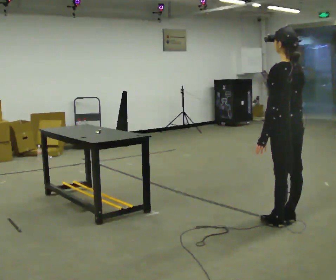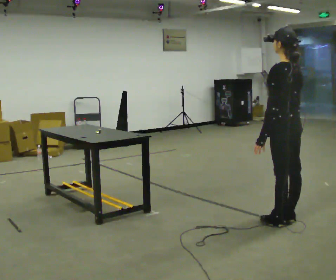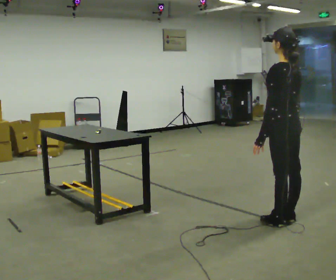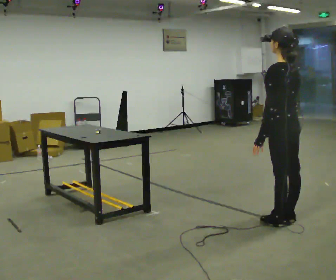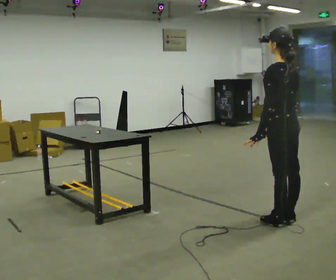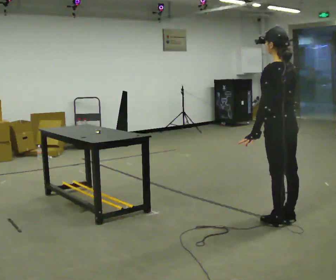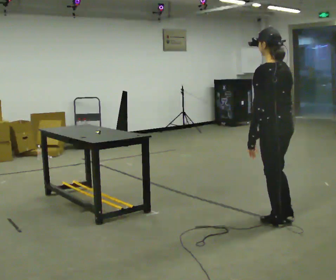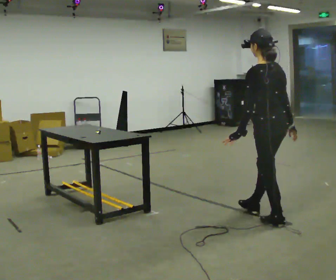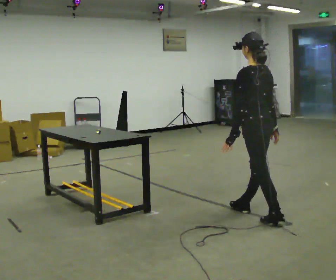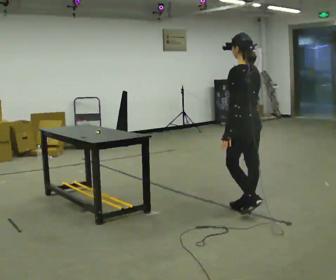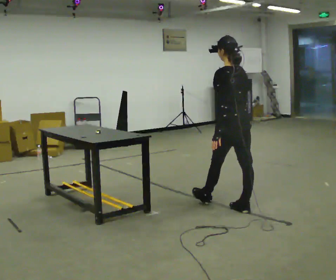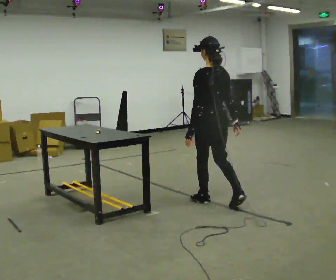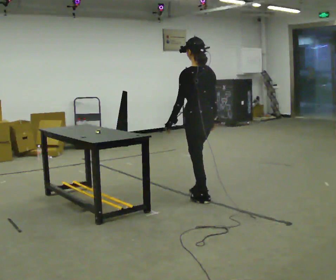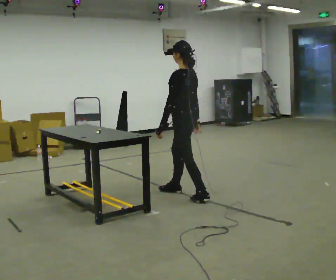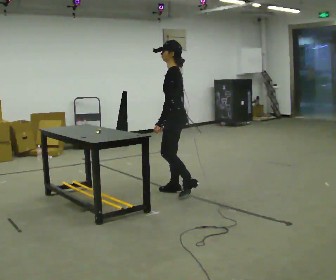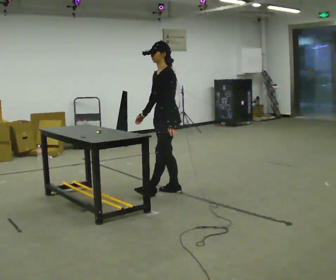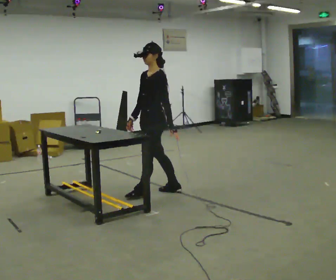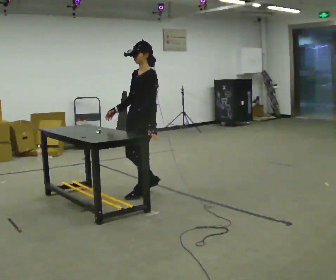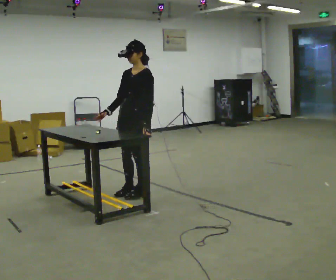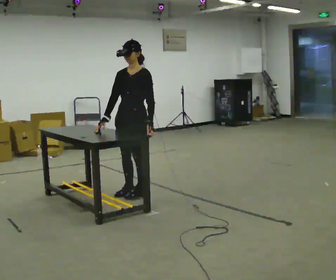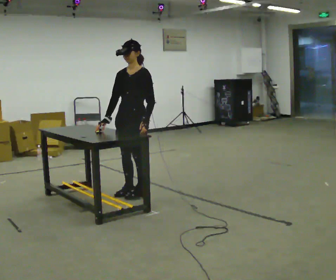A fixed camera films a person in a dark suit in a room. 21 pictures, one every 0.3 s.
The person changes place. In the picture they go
to the left.
0.0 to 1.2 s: The person moves a little, or ends about where they began.
1.2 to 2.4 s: In the picture they go to the left and away from the camera, about 0.25 m in 1 step, which for them is forward.
2.4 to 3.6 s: In the picture they go to the left and away from the camera, about 0.5 m in 1 step, which for them is forward.
3.6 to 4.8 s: The person turns about 75 degrees to their left, counterclockwise seen from above, so the part of the body nearest the lens slides to the right. In the picture they go to the left and away from the camera, about 0.5 m in 2 steps.
4.8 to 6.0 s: Seen from above the body turns counterclockwise, about 30 degrees: to their left, with its near side sliding to the right. In the picture they go to the left, about 0.25 m in 1 step, which for them is forward.
The film runs forward here.
